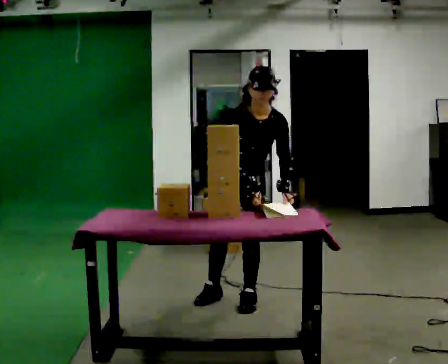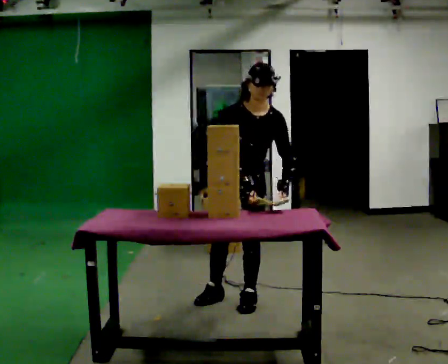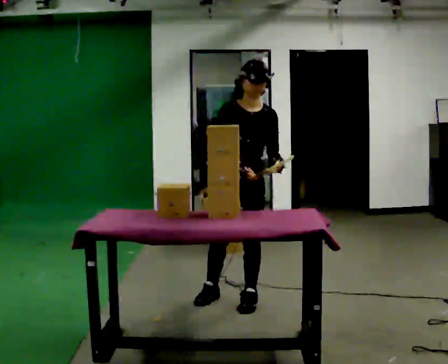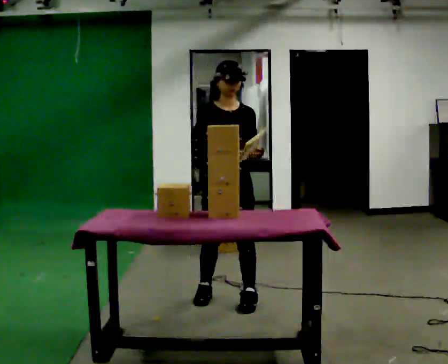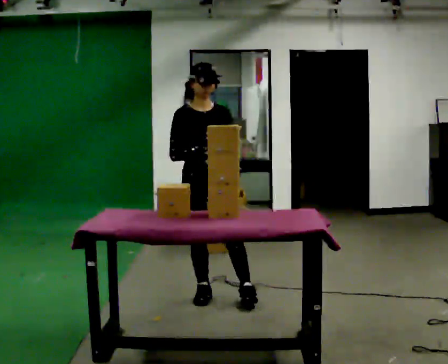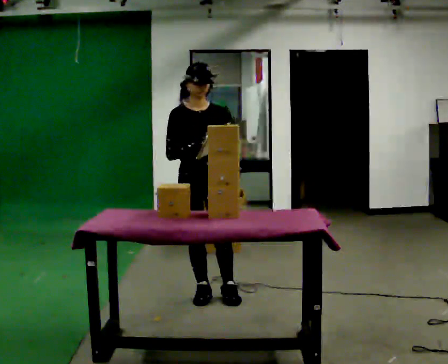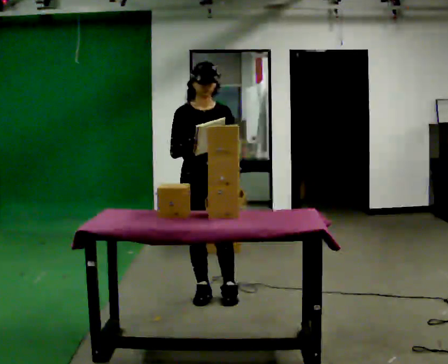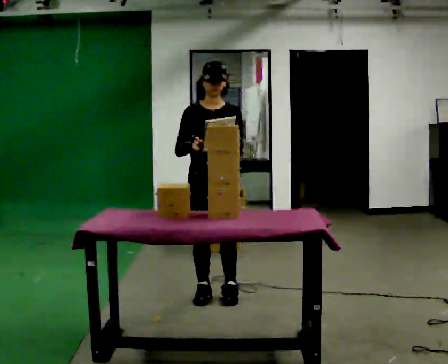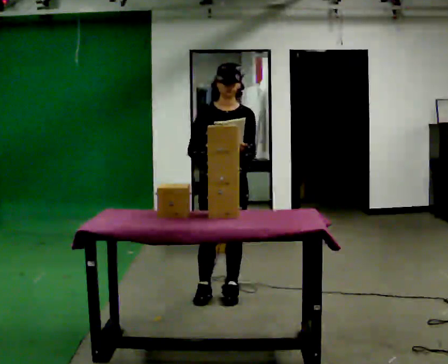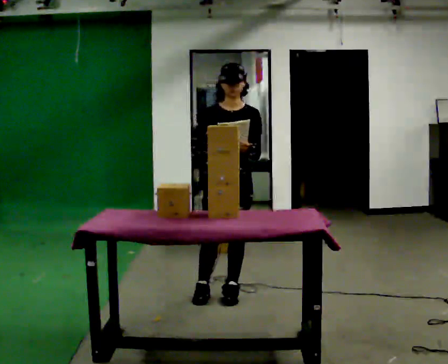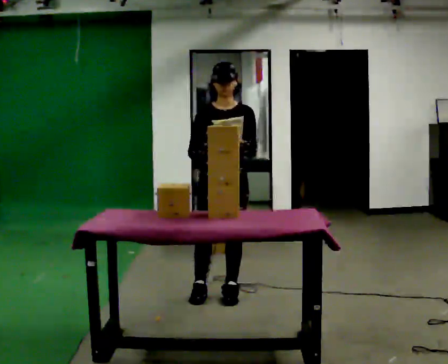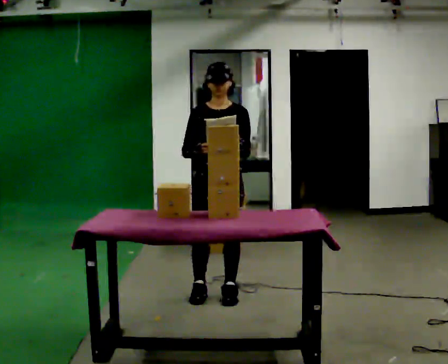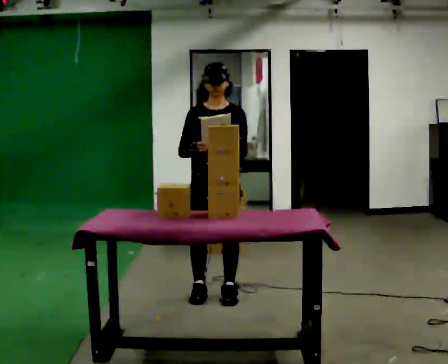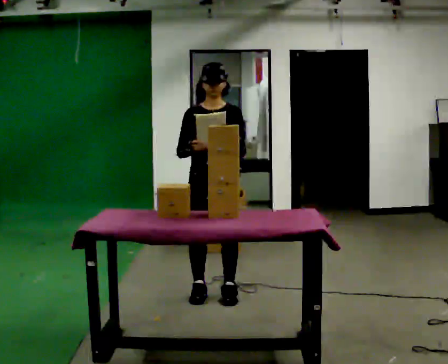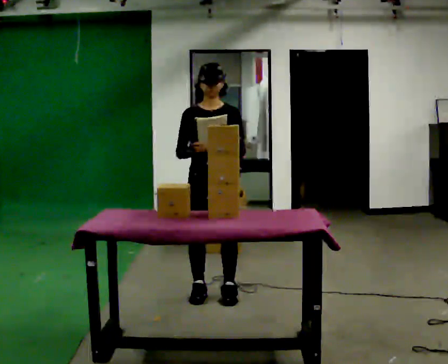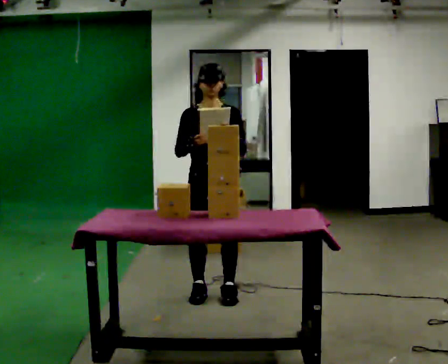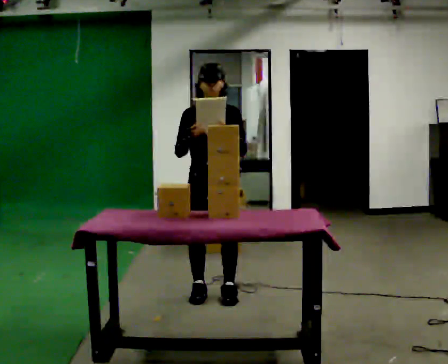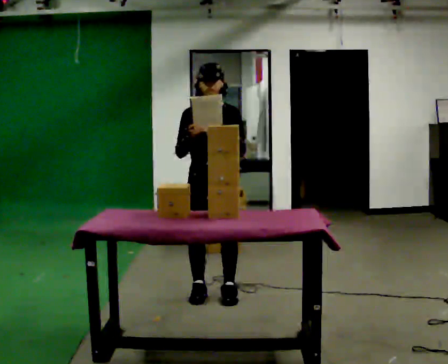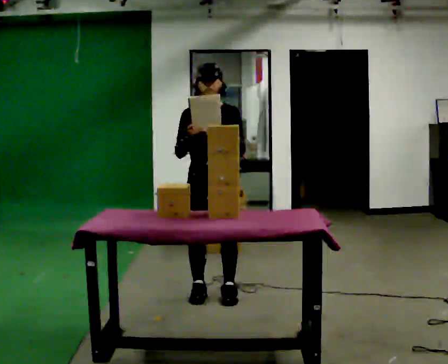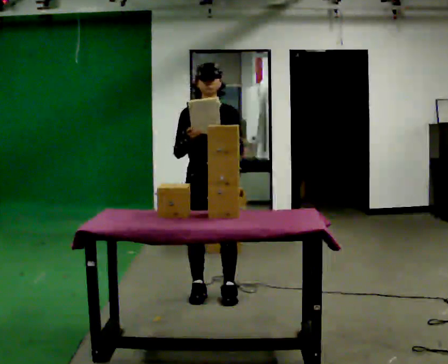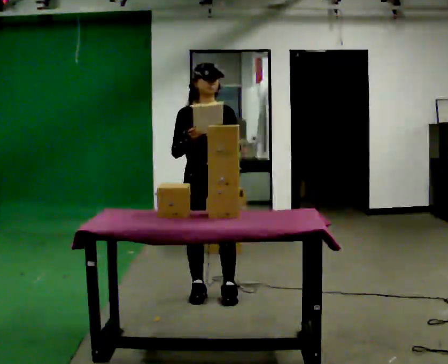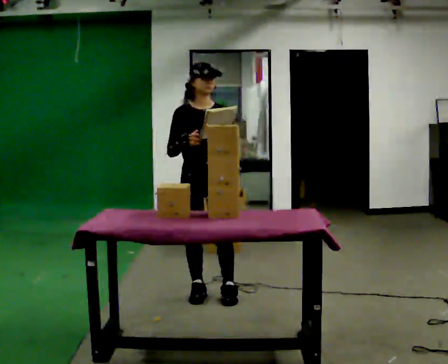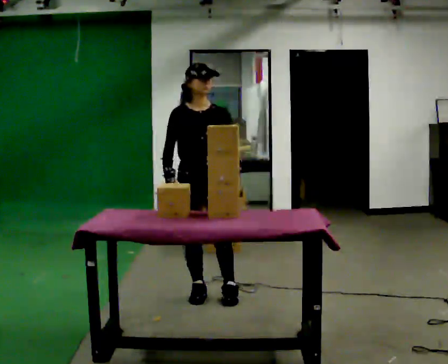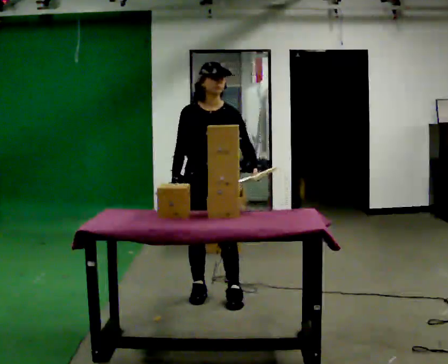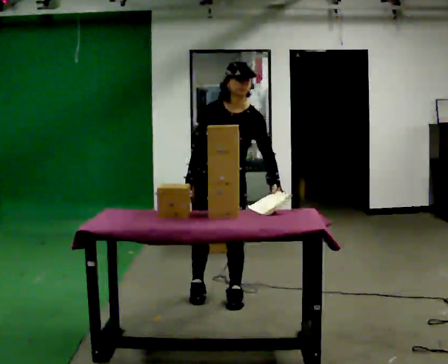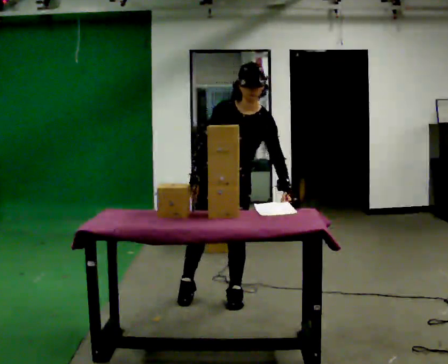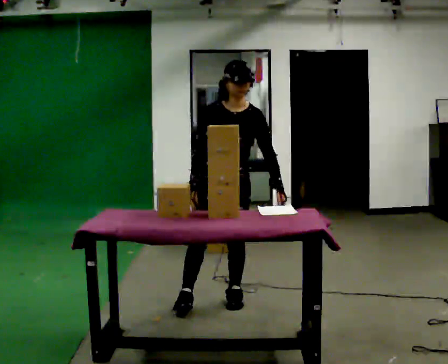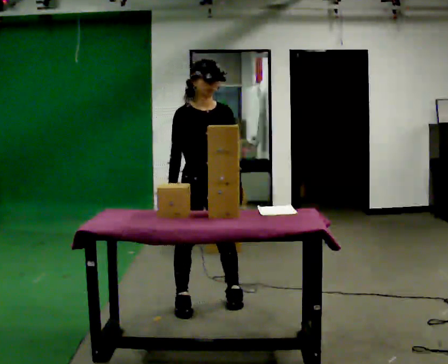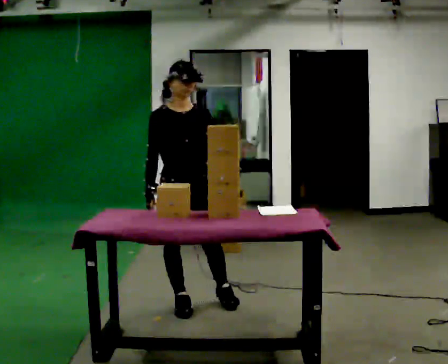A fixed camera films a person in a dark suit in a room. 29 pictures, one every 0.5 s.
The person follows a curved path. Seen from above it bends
counterclockwise.
0.0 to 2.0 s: In the picture they go to the left, about 0.25 m in 1 step, which for them is to their right. The upper body tips away from the camera, its near side rolling upward, as they lean back or straighten.
2.0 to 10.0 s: The person moves a little, or ends about where they began.
10.0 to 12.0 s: The upper body tips toward the camera, its near side rolling downward, as they bend forward.
12.0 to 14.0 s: Seen from above the body turns counterclockwise, about 30 degrees: to their left, with its near side sliding to the right. In the picture they go to the left and toward the camera, about 0.25 m in 2 steps, which for them is to their right and forward.
The film runs backward here.
